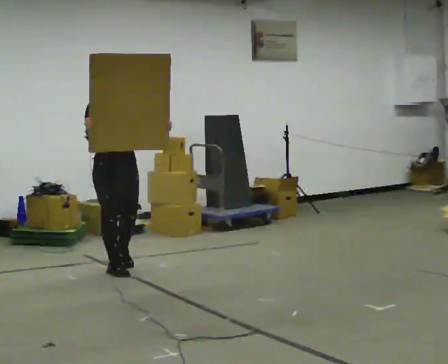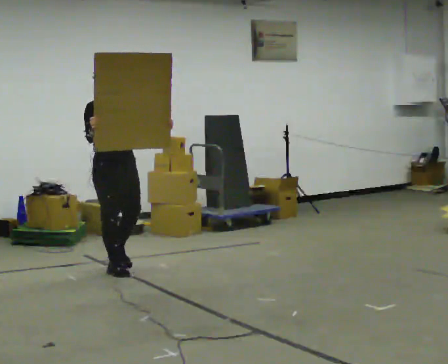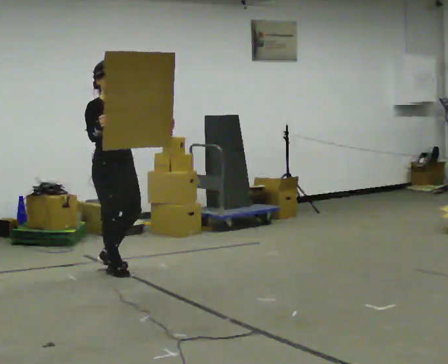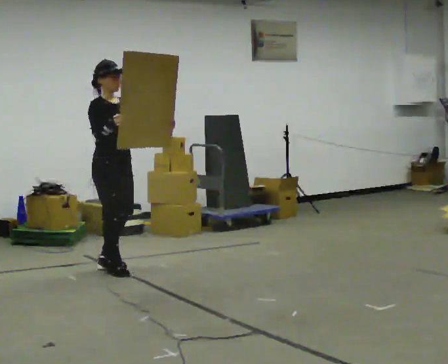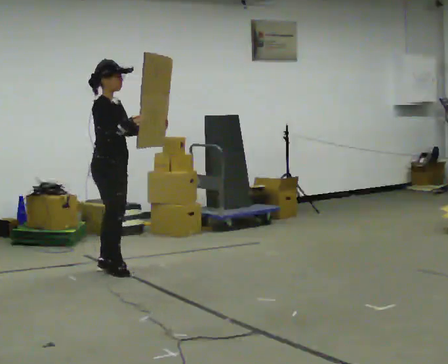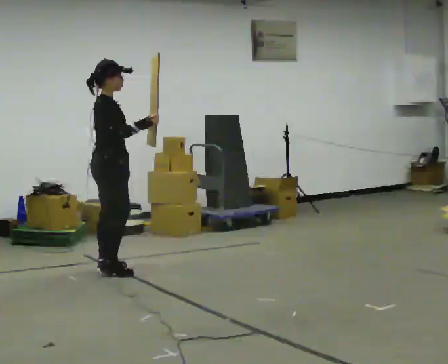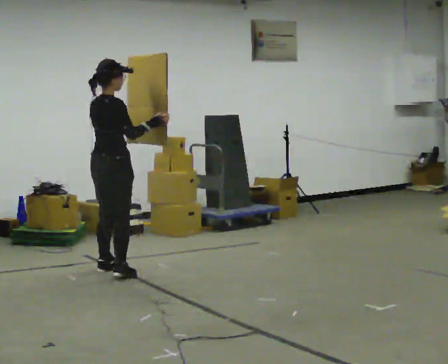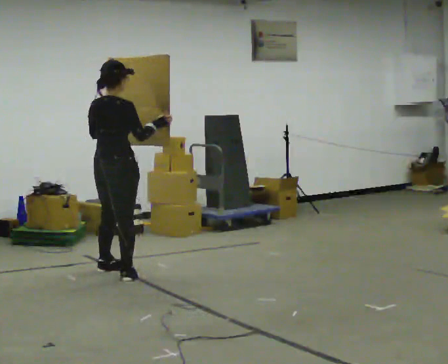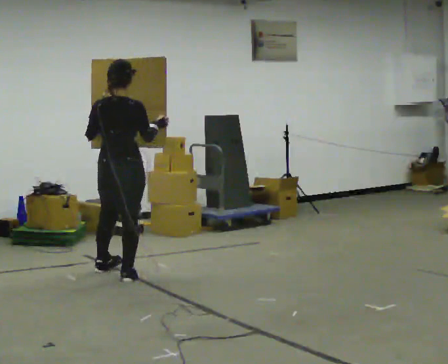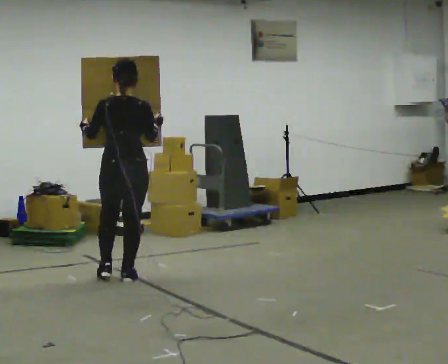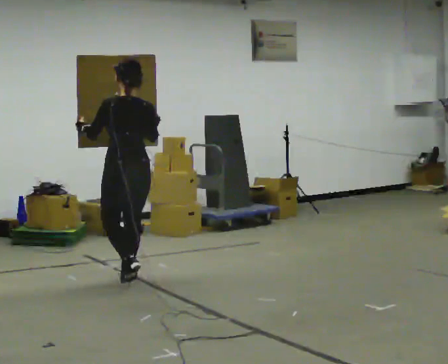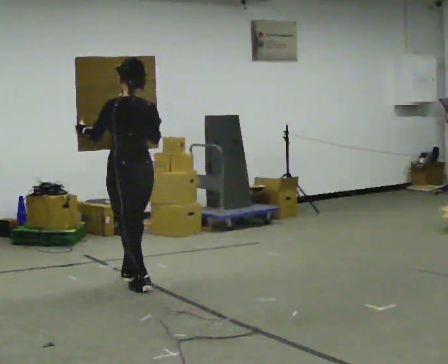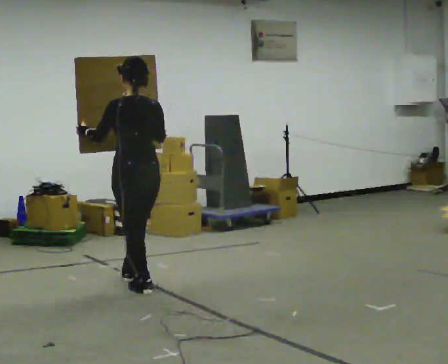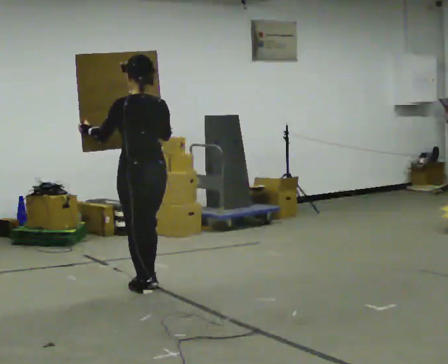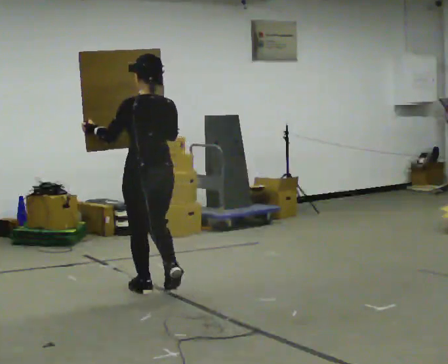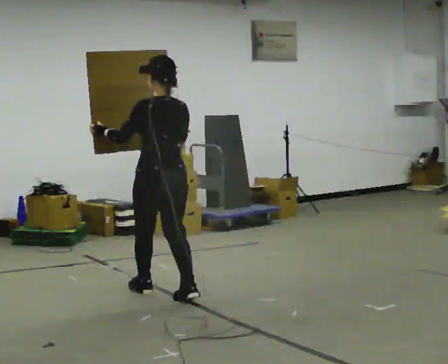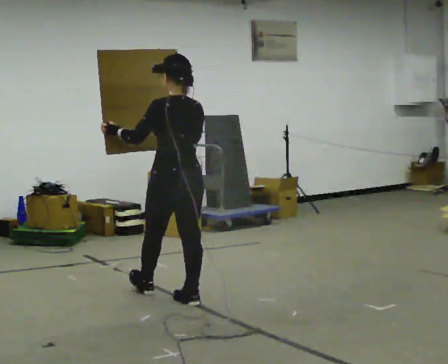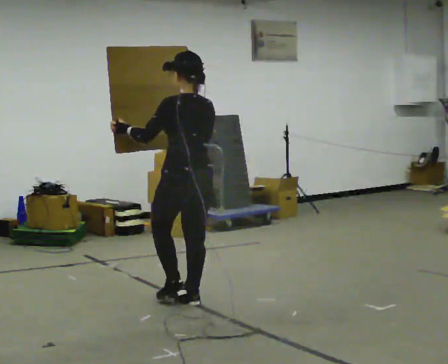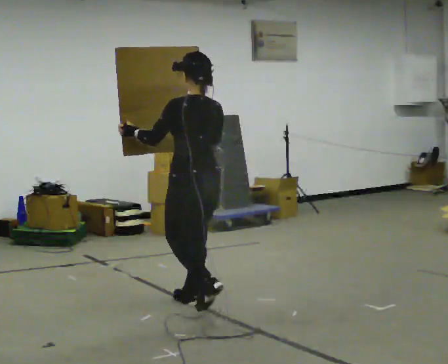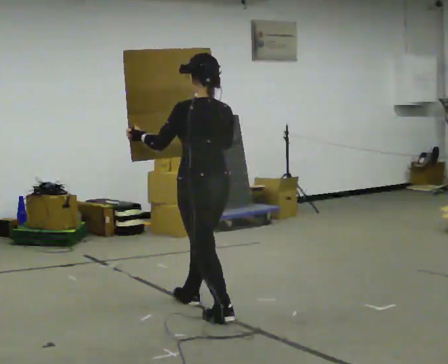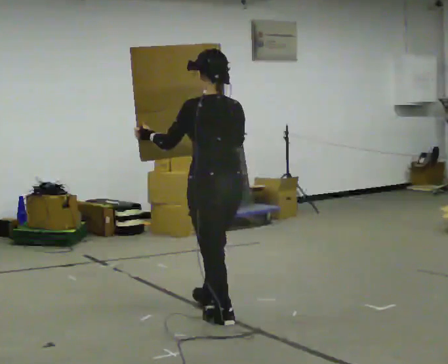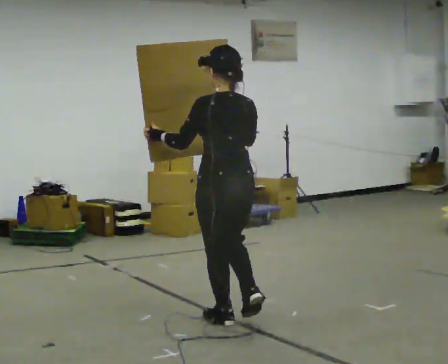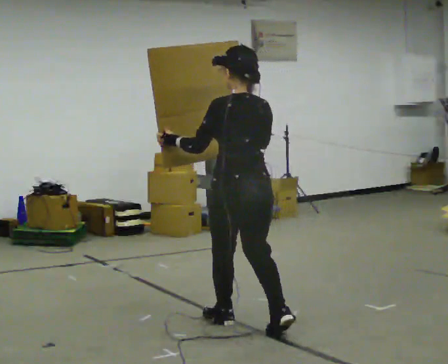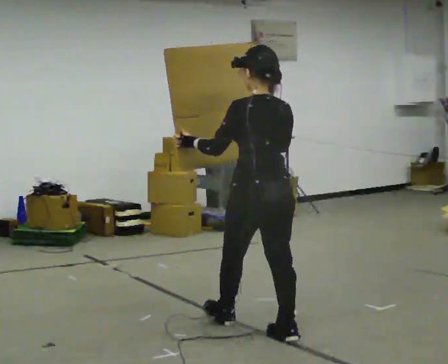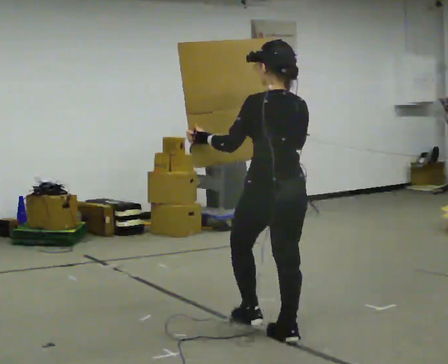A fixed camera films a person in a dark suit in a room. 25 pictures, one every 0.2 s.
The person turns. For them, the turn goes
to their left.
The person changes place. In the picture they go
toward the camera.
0.0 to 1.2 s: The part of the body nearest the lens slides to the right as the person turns to their left by about 90 degrees. In the picture their left hand goes to the left.
1.2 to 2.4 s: The person turns about 75 degrees to their left, counterclockwise seen from above, so the part of the body nearest the lens slides to the right. In the picture they go toward the camera and to the right, about 0.5 m in 2 steps.
2.4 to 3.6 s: In the picture they go toward the camera and to the right, about 0.75 m in 1 step, which for them is backward.
3.6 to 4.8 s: In the picture they go toward the camera and to the right, about 1 m in 2 steps, which for them is backward.
The film runs backward here.
